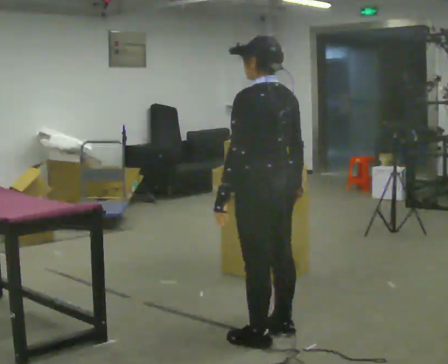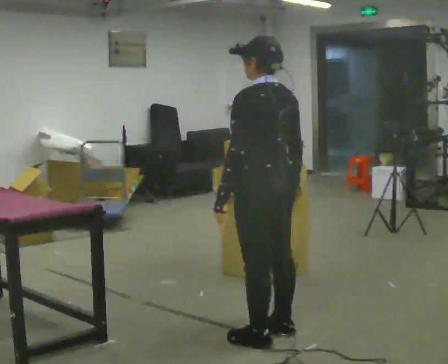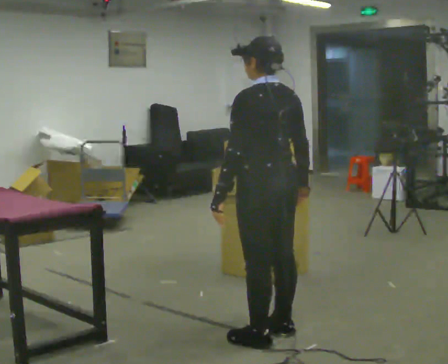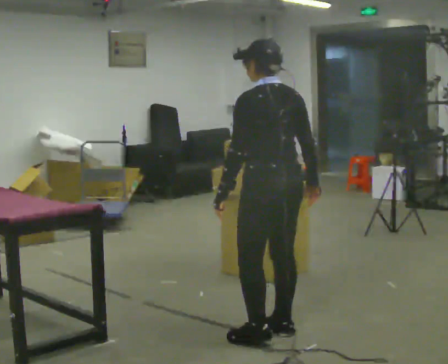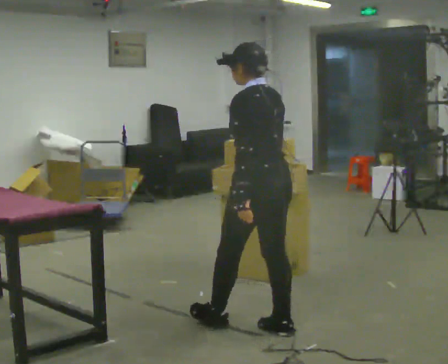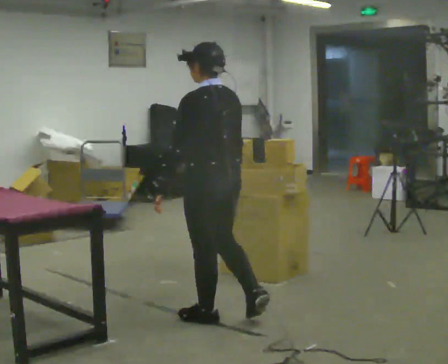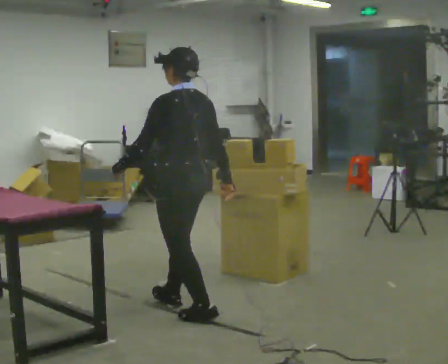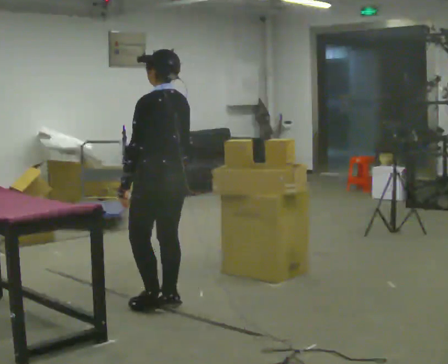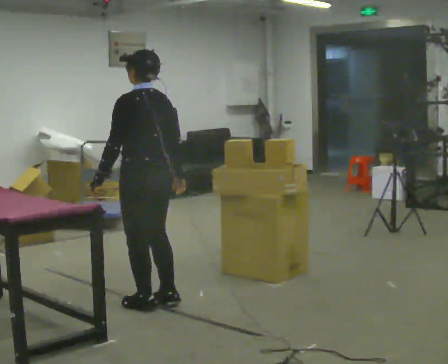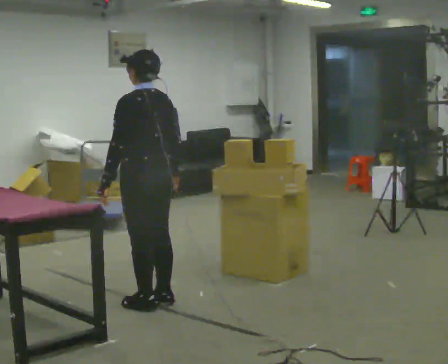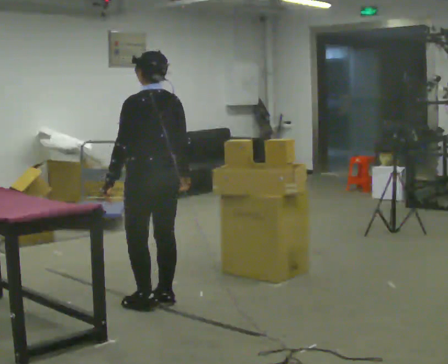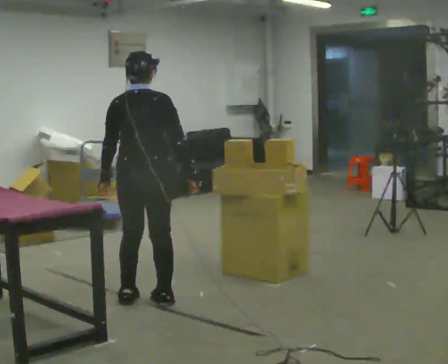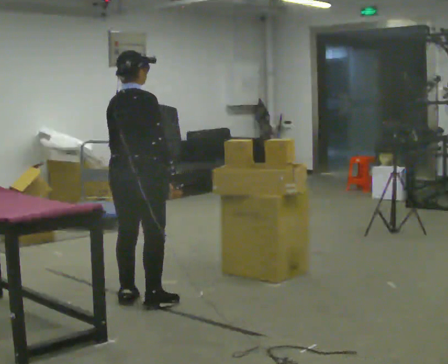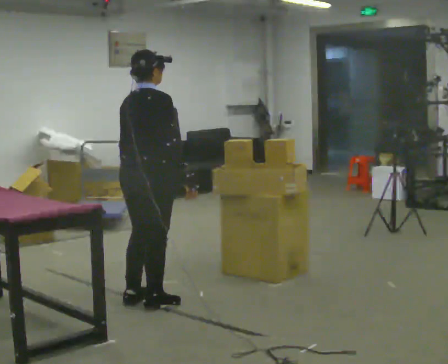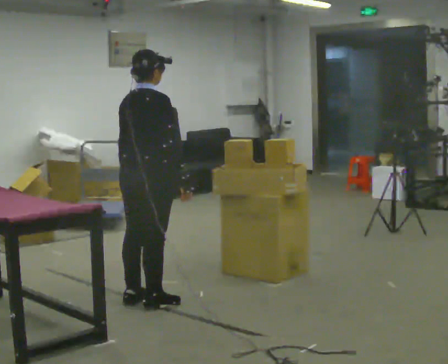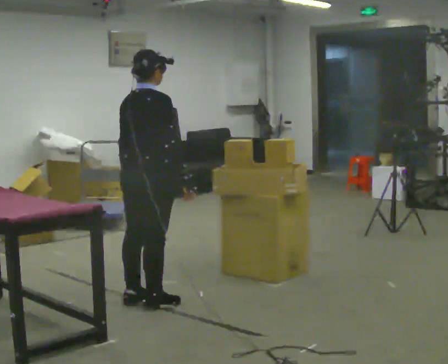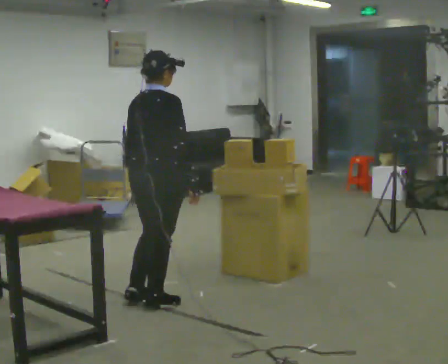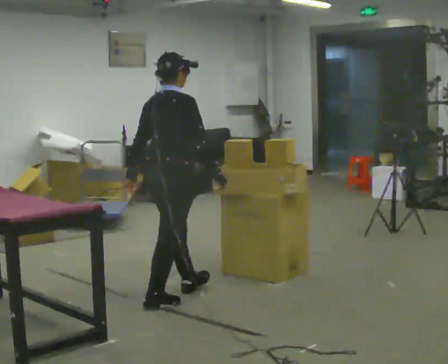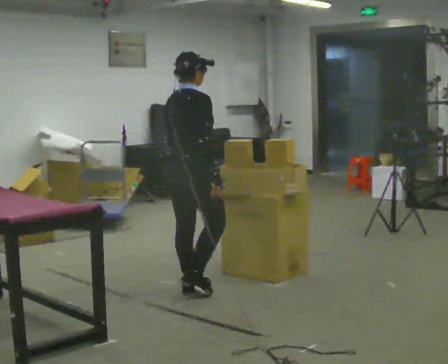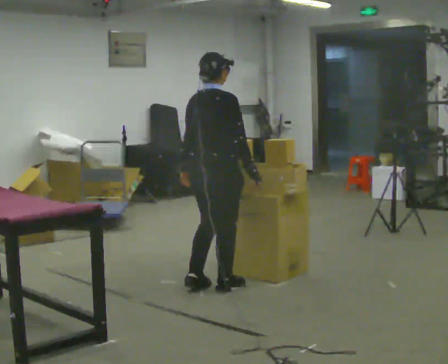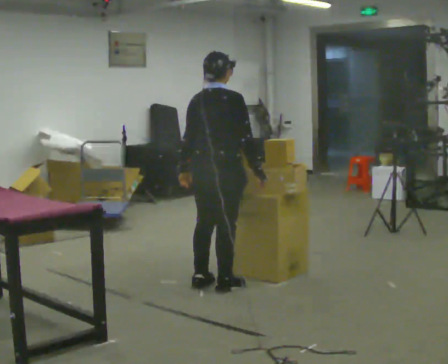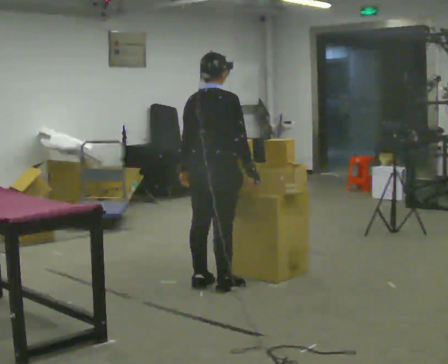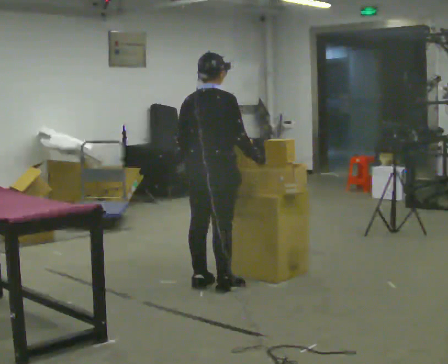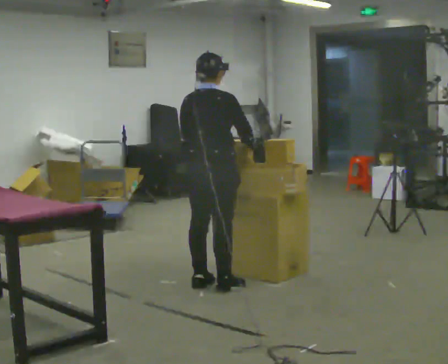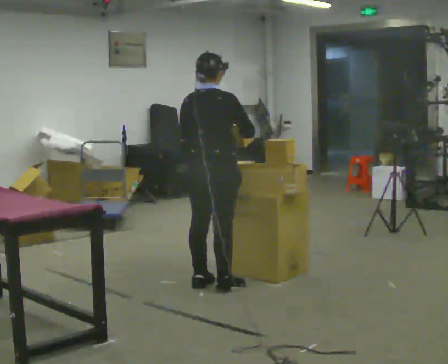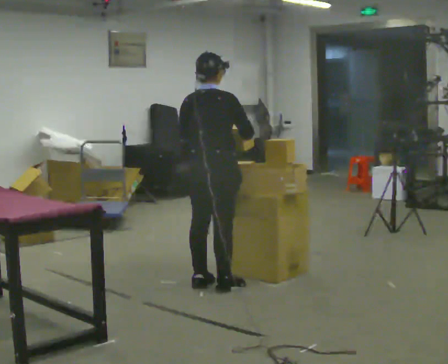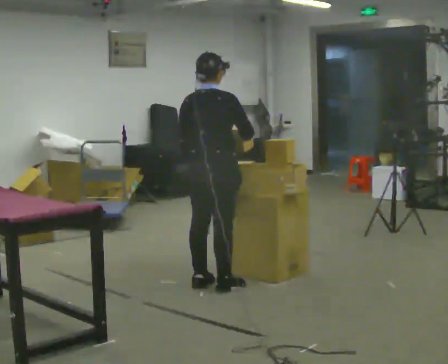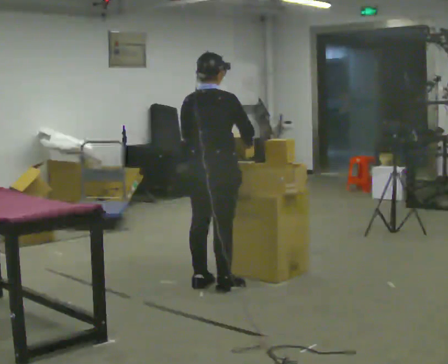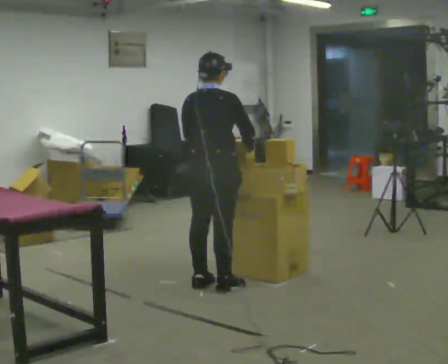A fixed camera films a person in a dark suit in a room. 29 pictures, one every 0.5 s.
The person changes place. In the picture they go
away from the camera.
0.0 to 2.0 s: In the picture they go away from the camera, about 0.25 m, which for them is forward.
2.0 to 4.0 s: In the picture they go away from the camera and to the left, about 1 m in 3 steps, which for them is forward.
4.0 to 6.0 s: Seen from above the body turns clockwise, about 90 degrees: to their right, with its near side sliding to the left.
6.0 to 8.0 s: The person moves a little, or ends about where they began.
8.0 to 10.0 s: In the picture they go to the right and away from the camera, about 0.5 m in 2 steps, which for them is forward.
10.0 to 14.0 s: The person moves a little, or ends about where they began.
The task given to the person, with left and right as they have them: Take the objects the operator names off the crowded shelf, one at a time, and carry each one to the table. You will have to move other things out of the way to reach them. Keep going until the operator says stop; one object at a time, and do not rush between trips.
The film runs forward here.
